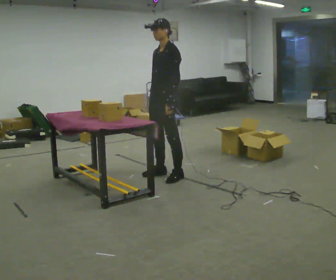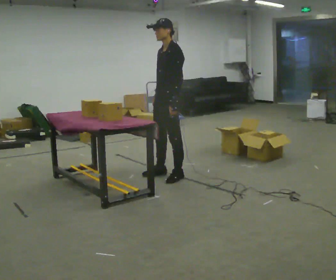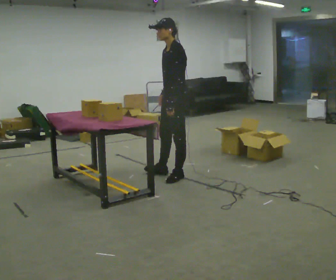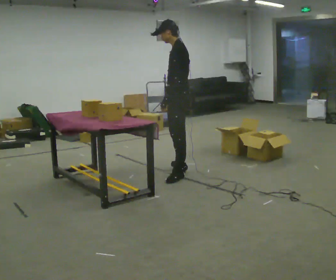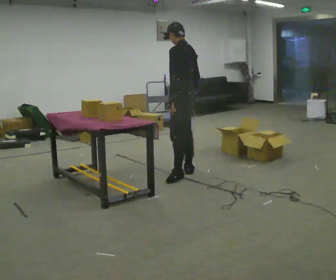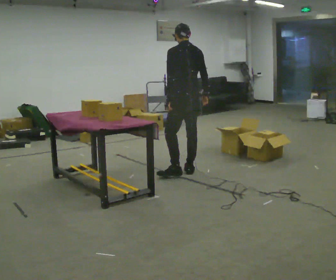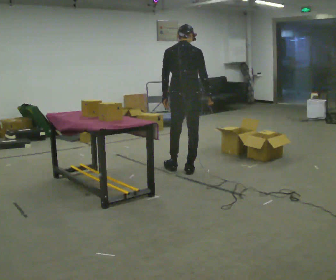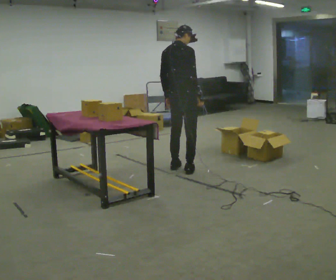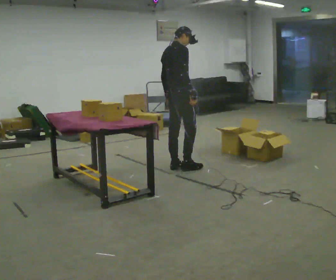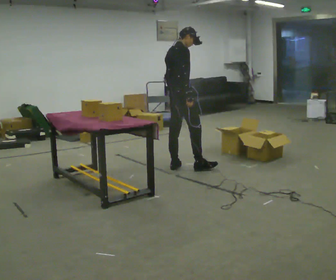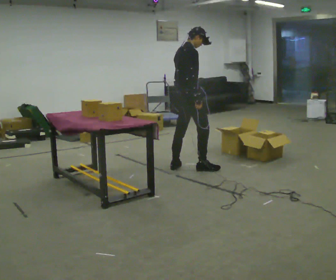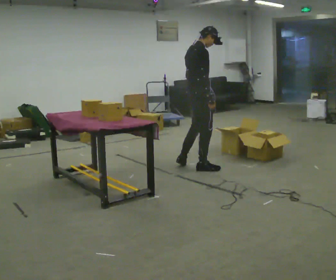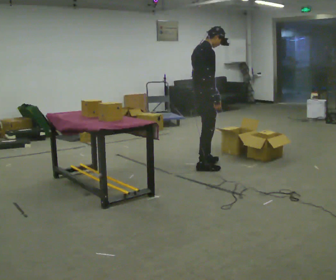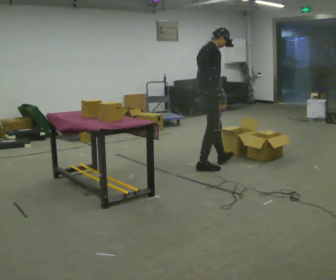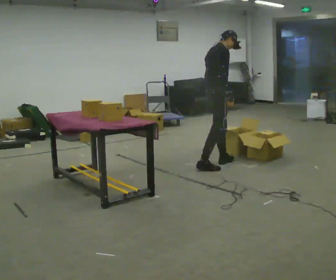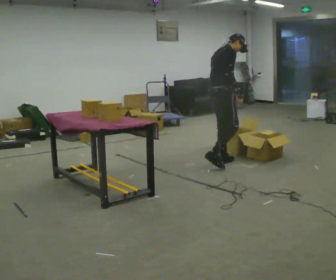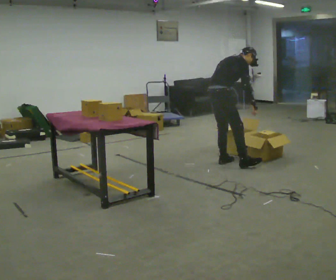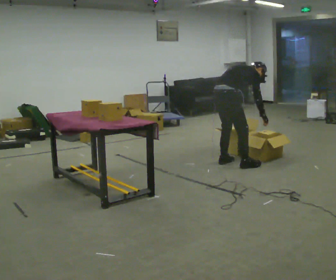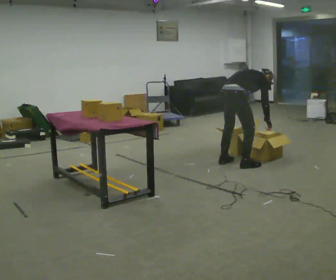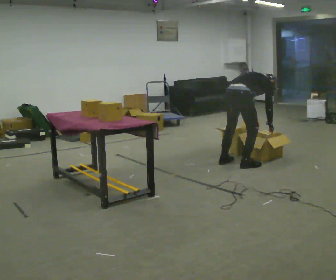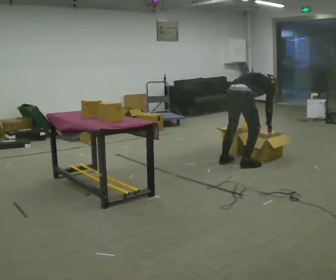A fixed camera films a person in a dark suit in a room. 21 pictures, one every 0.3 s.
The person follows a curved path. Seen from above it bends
clockwise.
The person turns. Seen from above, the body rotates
clockwise.
0.0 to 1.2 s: Seen from above the body turns clockwise, about 60 degrees: to their right, with its near side sliding to the left. In the picture they go to the right, about 0.25 m in 1 step, which for them is backward. In the picture their right hand goes to the right.
1.2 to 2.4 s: Seen from above the body turns clockwise, about 120 degrees: to their right, with its near side sliding to the left. In the picture they go away from the camera, about 0.25 m in 1 step.
2.4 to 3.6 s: In the picture they go to the right, about 0.25 m in 1 step, which for them is forward and to their right.
3.6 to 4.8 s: In the picture they go to the right and away from the camera, about 0.25 m in 1 step, which for them is forward. In the picture the upper body tilts clockwise, shoulders to the right, as they bend forward.
4.8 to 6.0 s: In the picture they go to the right and toward the camera, about 0.25 m in 1 step, which for them is to their right. The shoulders move downward. The upper body tips away from the camera, its near side rolling upward, as they bend forward.
The film runs forward here.
